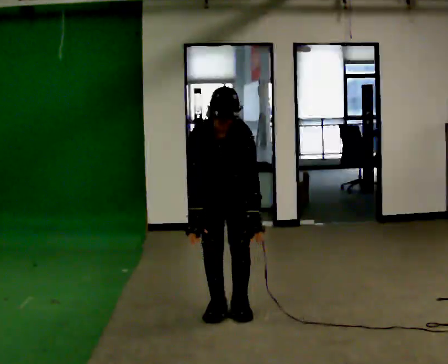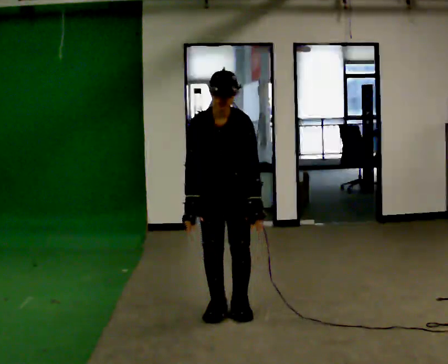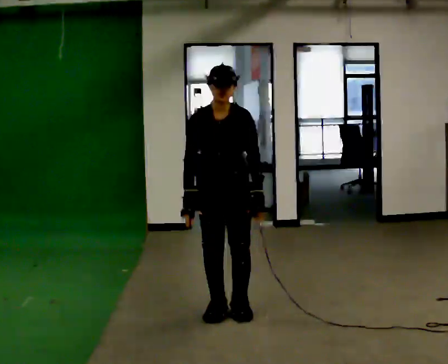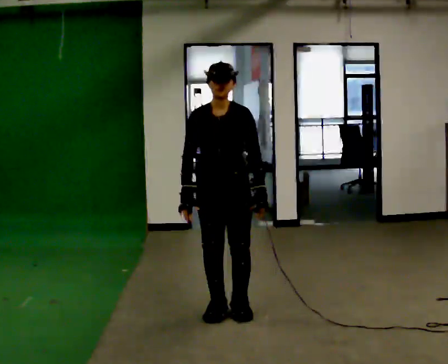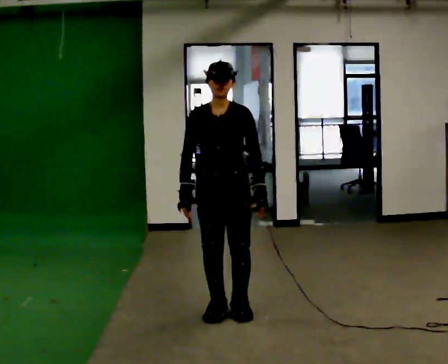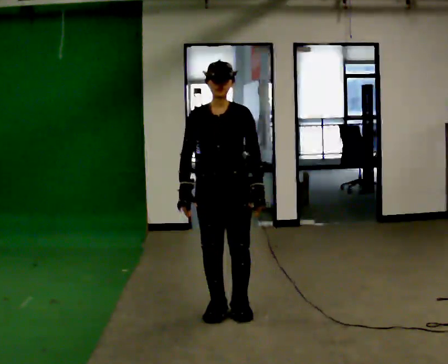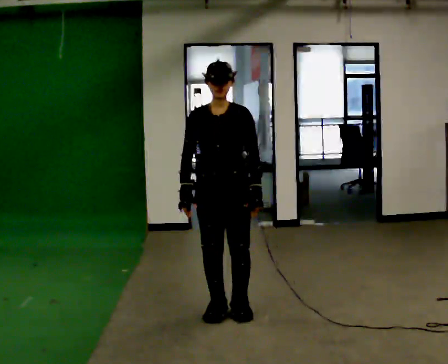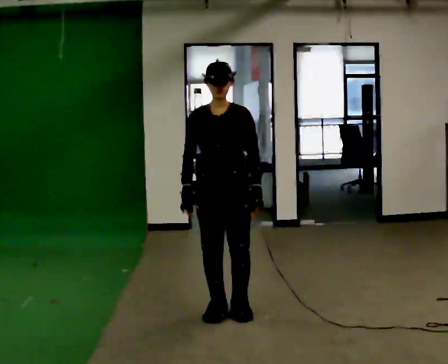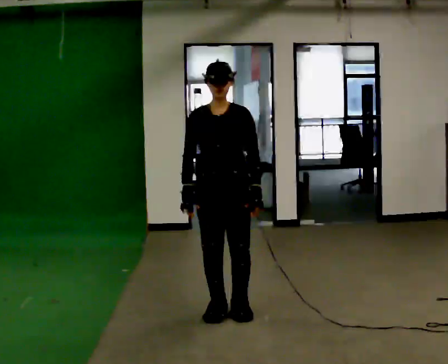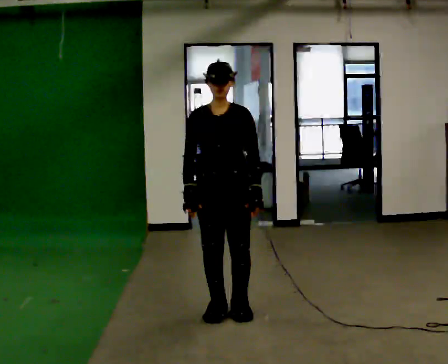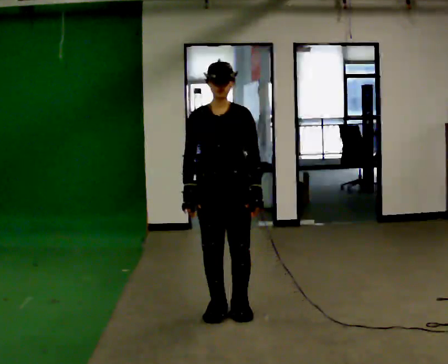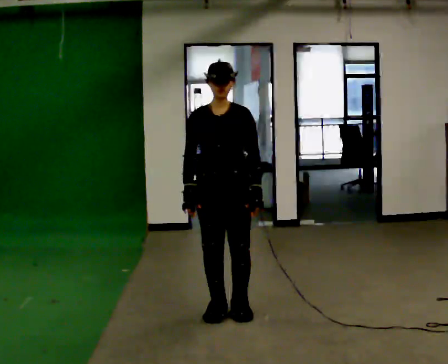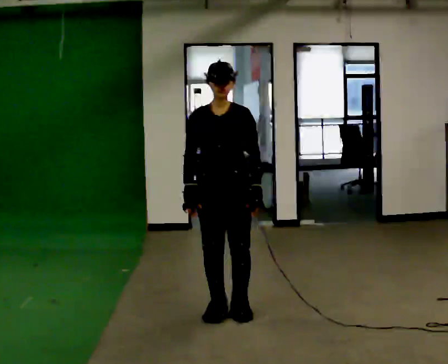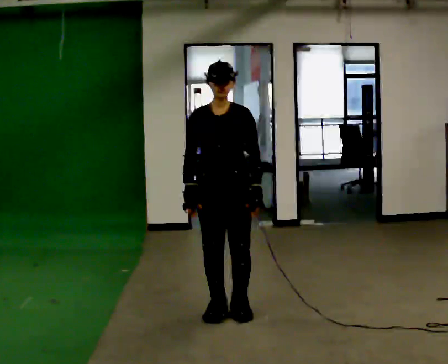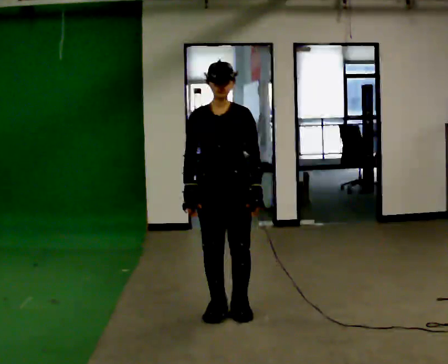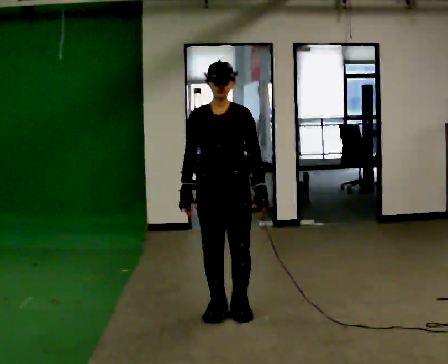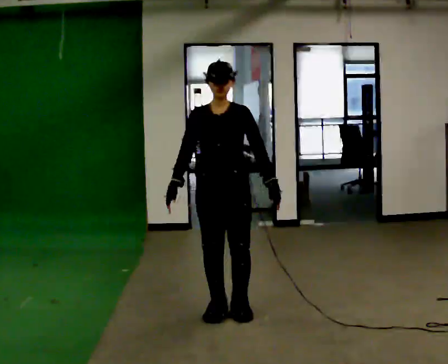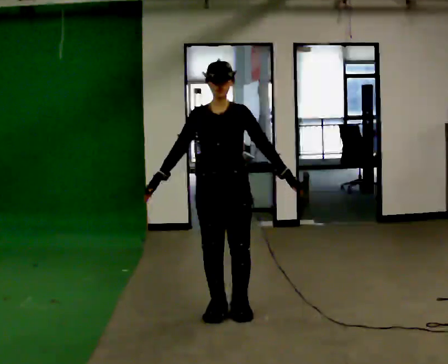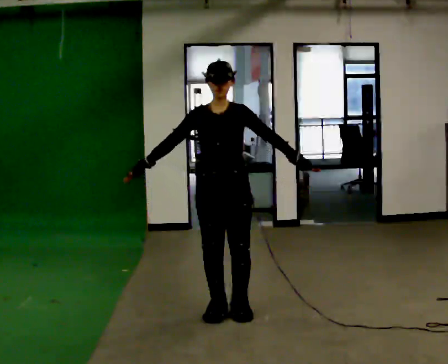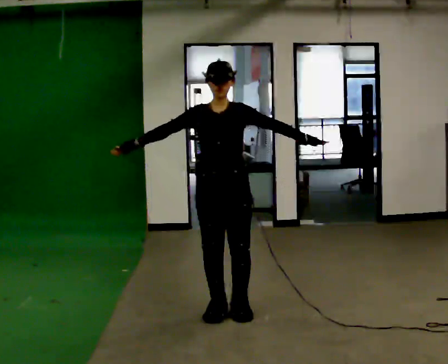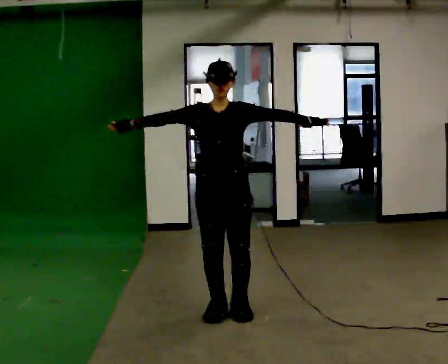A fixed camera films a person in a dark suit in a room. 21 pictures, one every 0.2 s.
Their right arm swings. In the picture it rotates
clockwise.
Their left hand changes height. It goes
upward.
0.0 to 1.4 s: The upper body tips away from the camera, its near side rolling upward, as they lean back or straighten.
1.4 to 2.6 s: The person keeps their place and pose.
2.6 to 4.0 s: In the picture their right hand goes upward and to the left, the arm swinging clockwise.
The film runs forward here.
